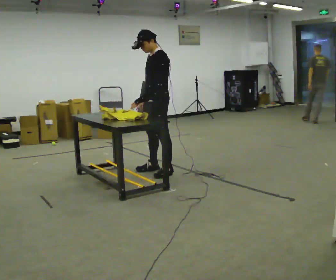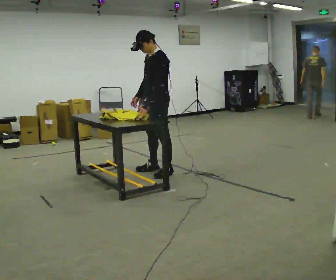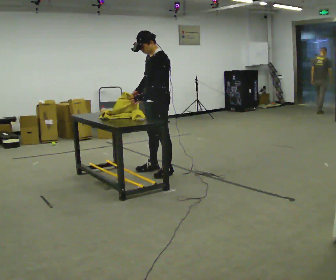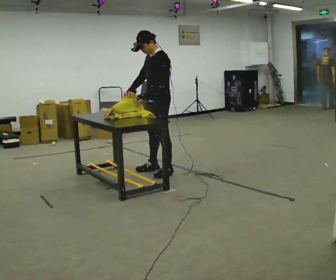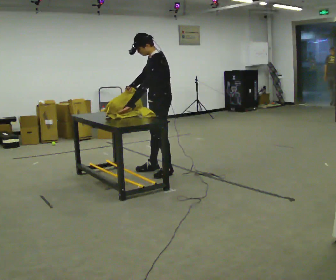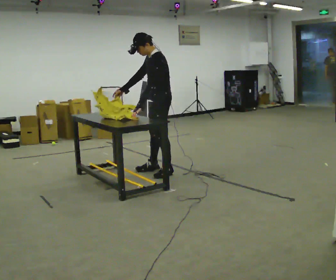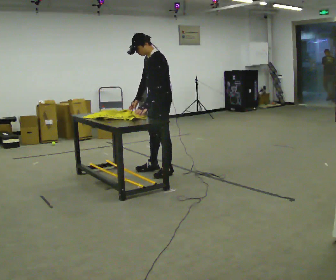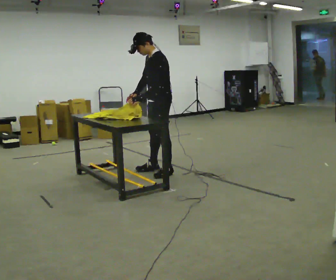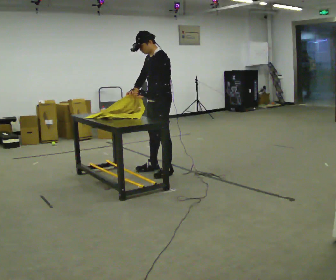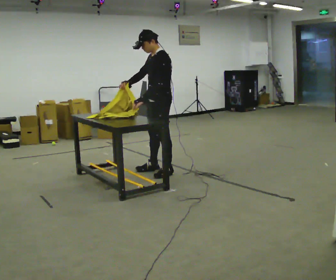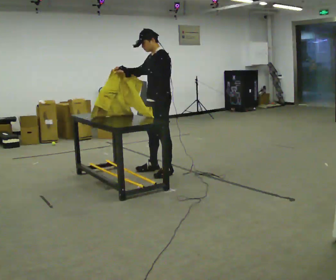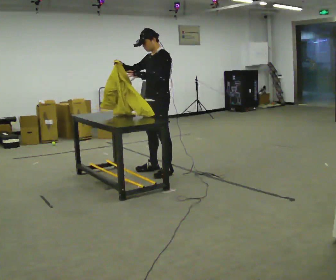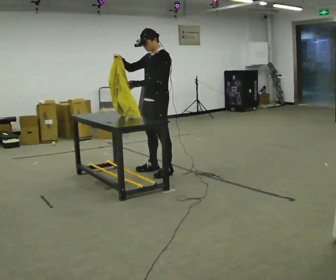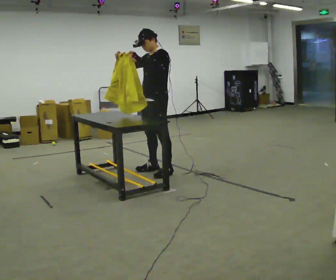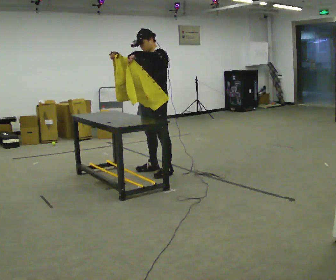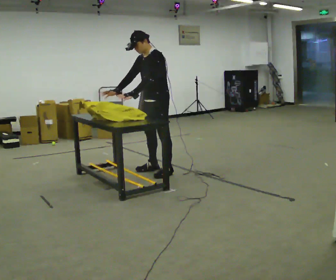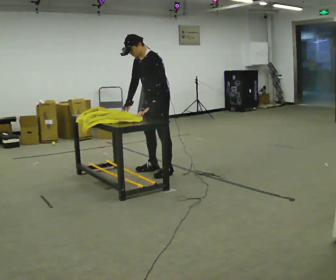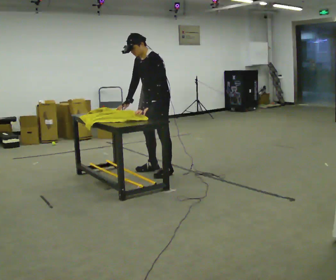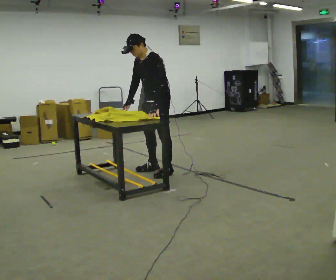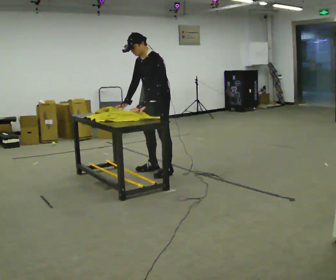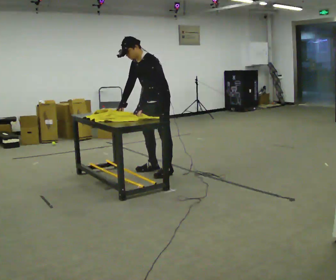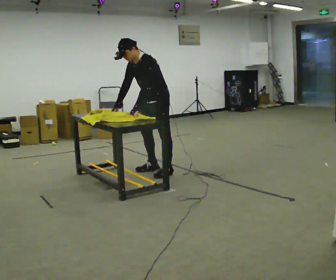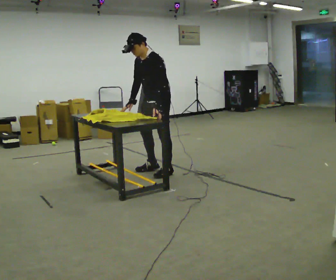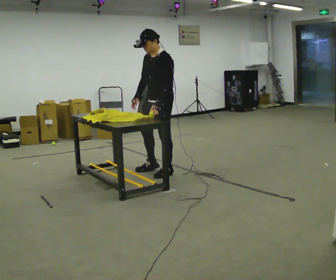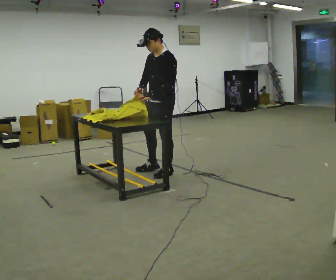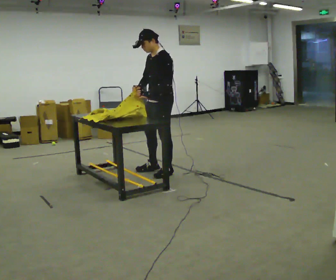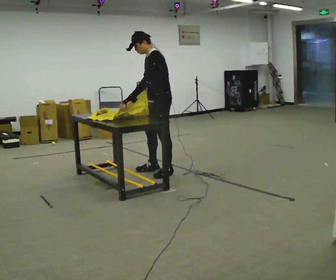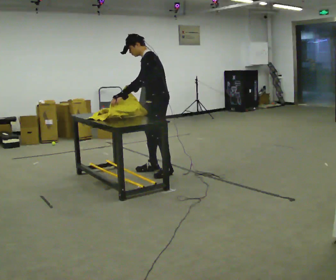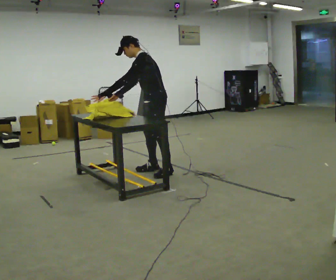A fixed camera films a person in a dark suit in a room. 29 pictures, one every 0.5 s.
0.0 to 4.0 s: The person moves a little, or ends about where they began.
4.0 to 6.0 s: In the picture their right hand goes upward, the arm swinging clockwise.
6.0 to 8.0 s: In the picture the upper body tilts counterclockwise, shoulders to the left, as they bend forward. In the picture their right hand goes downward, the arm swinging counterclockwise.
8.0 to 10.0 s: The person moves a little, or ends about where they began.
10.0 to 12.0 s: In the picture the upper body tilts clockwise, shoulders to the right, as they lean back or straighten.
12.0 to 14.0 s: In the picture the upper body tilts counterclockwise, shoulders to the left, as they bend forward.
The film runs forward here.
